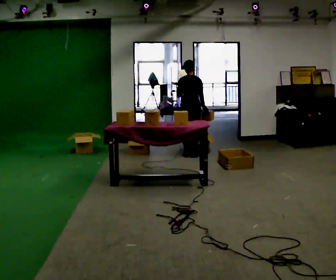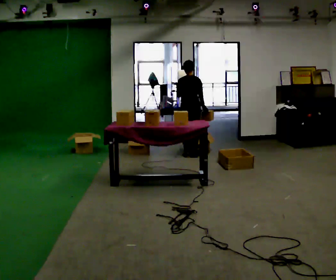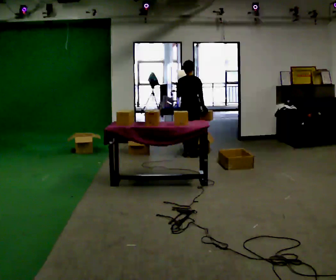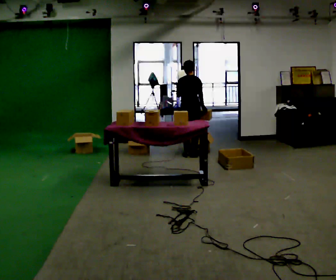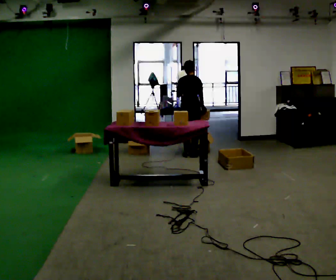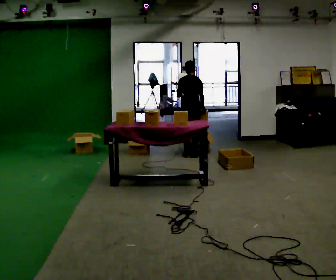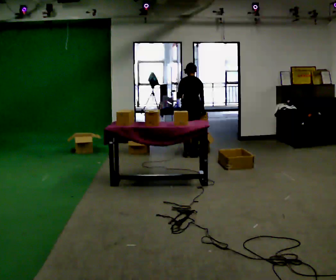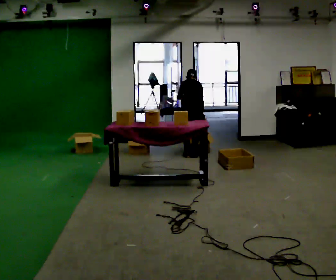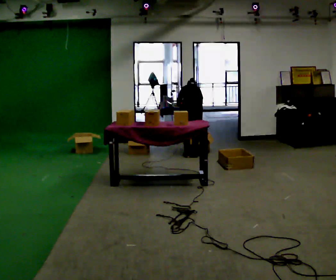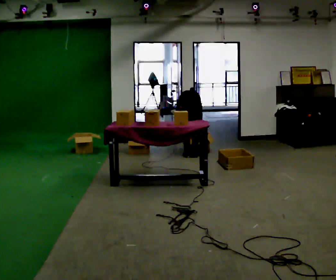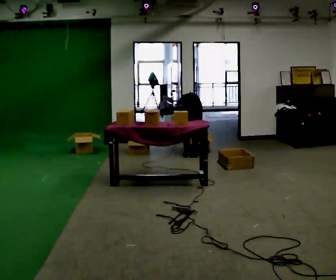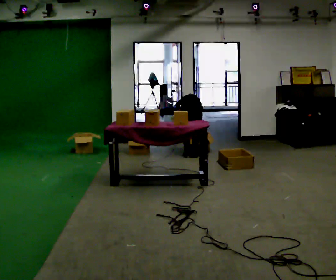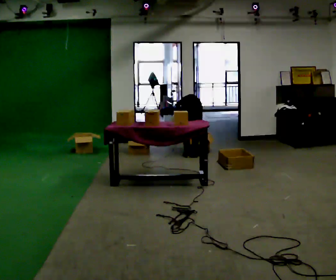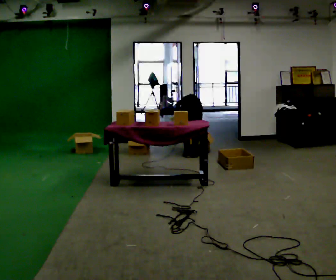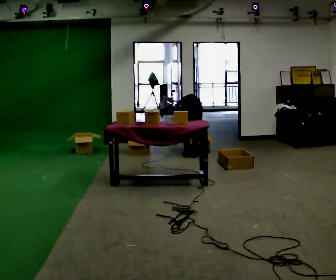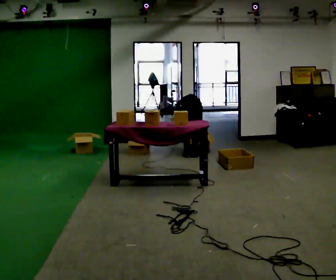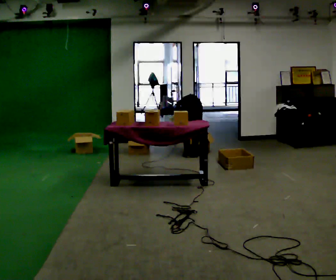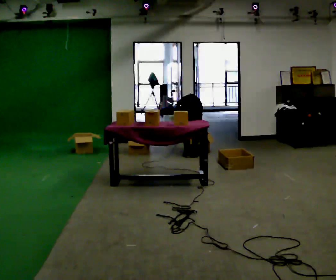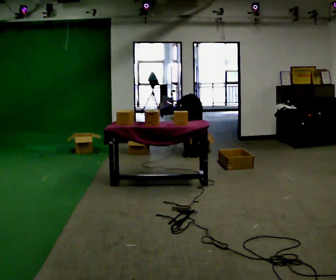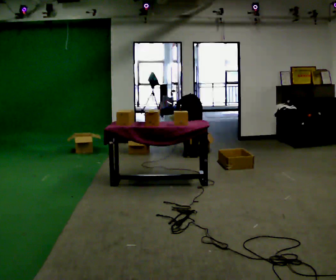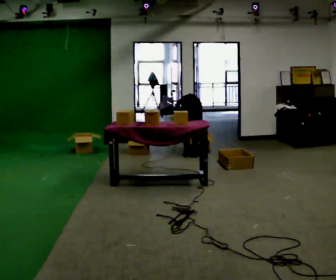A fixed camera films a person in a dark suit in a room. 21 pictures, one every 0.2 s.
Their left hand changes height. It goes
downward.
The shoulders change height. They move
downward.
0.0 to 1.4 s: The upper body tips away from the camera, its near side rolling upward, as they bend forward.
1.4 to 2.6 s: The upper body goes downward. The upper body tips away from the camera, its near side rolling upward, as they bend forward.
2.6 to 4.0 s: In the picture the upper body tilts clockwise, shoulders to the right.
The film runs backward here.
